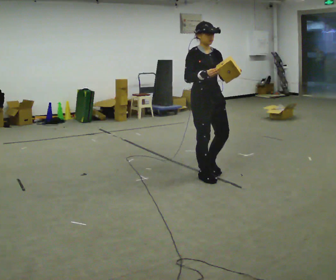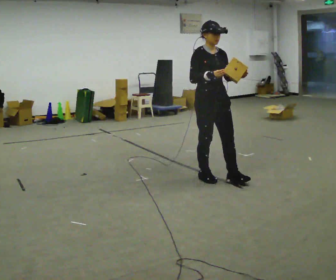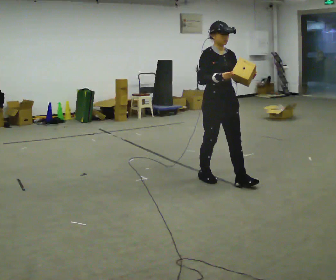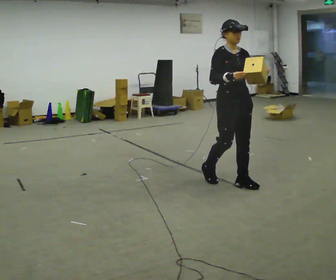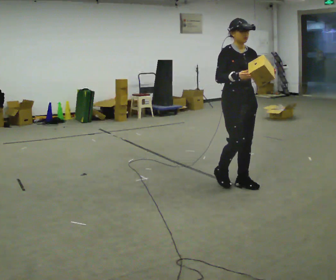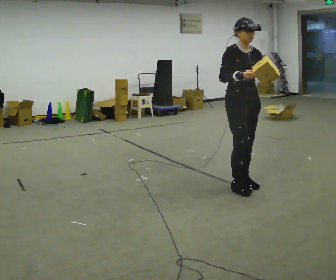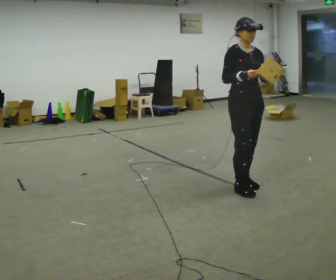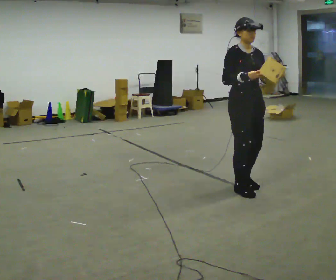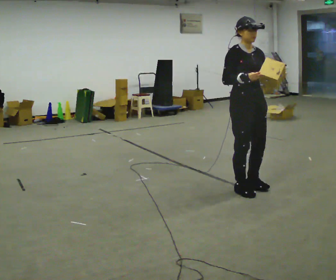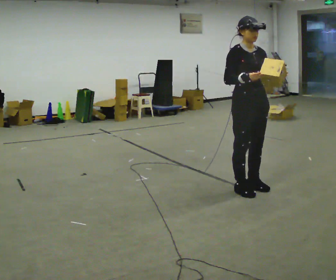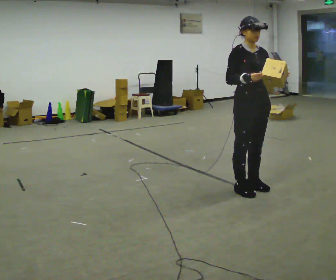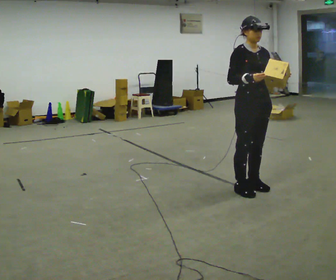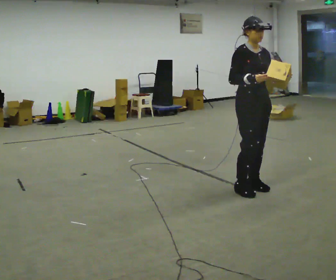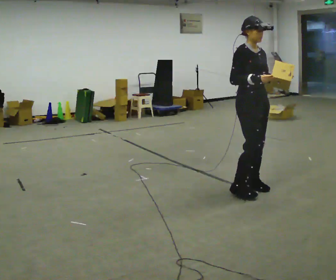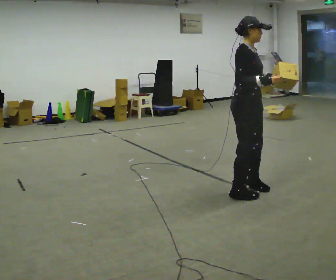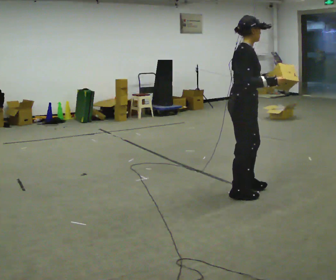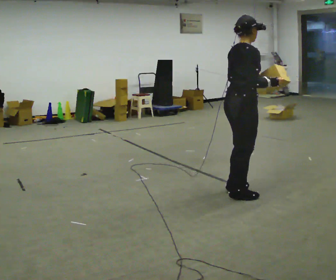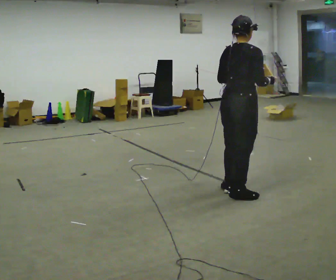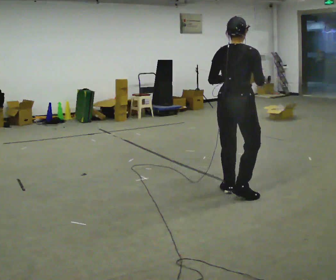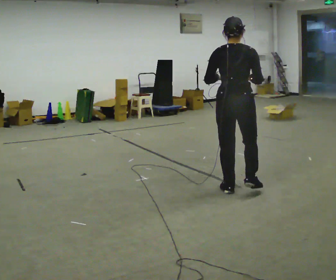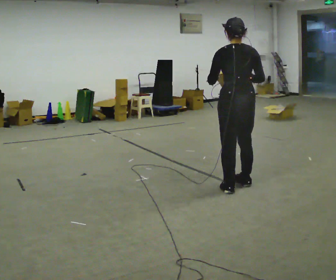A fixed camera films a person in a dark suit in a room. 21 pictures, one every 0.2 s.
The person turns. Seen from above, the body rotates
counterclockwise.
The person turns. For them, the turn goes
to their left.
0.0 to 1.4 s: In the picture they go to the right and toward the camera, about 0.5 m in 2 steps, which for them is forward.
1.4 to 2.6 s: The person moves a little, or ends about where they began.
2.6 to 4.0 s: Seen from above the body turns counterclockwise, about 150 degrees: to their left, with its near side sliding to the right. In the picture their left hand goes to the left.
The film runs forward here.
